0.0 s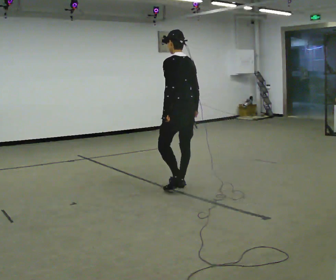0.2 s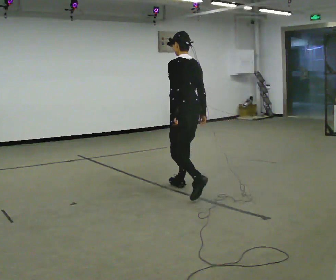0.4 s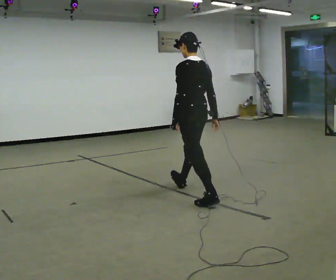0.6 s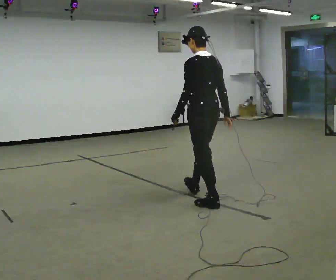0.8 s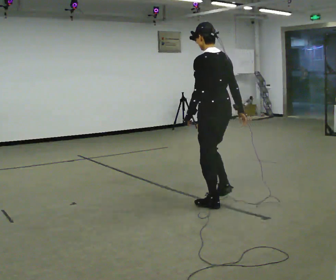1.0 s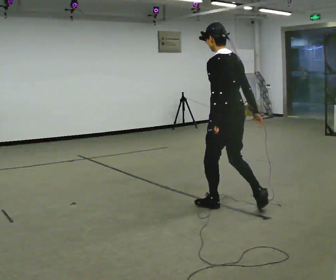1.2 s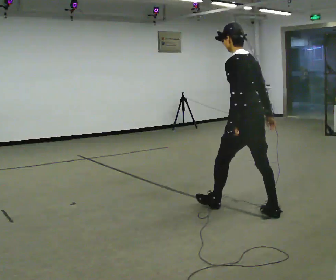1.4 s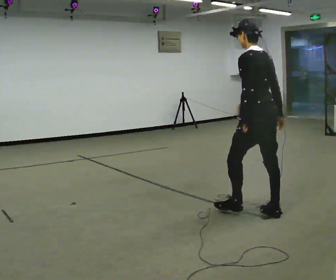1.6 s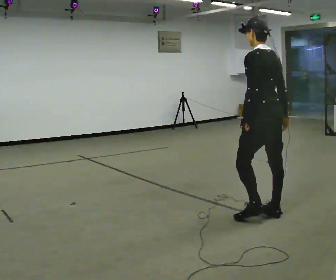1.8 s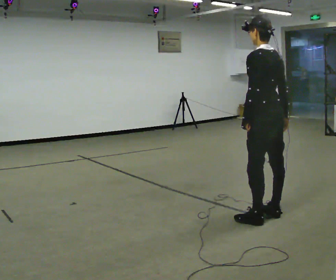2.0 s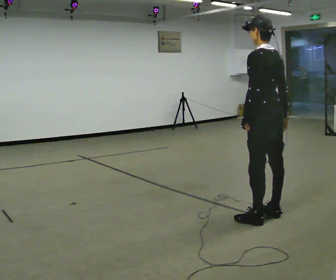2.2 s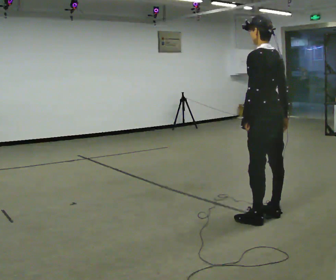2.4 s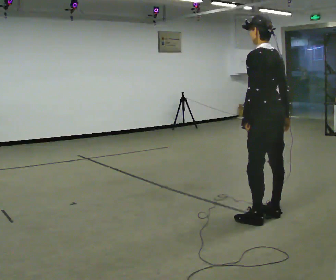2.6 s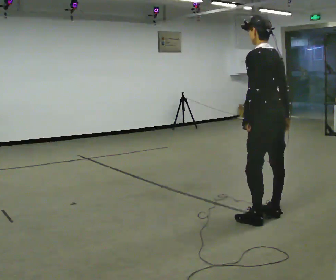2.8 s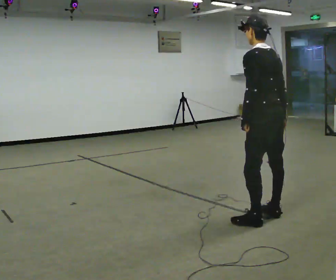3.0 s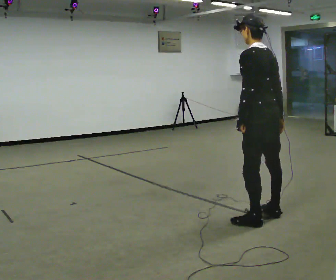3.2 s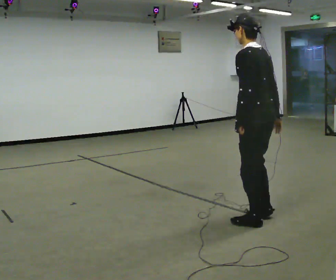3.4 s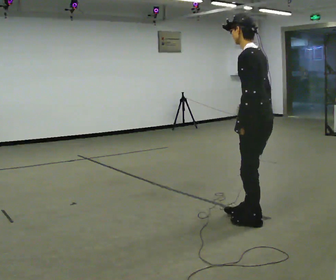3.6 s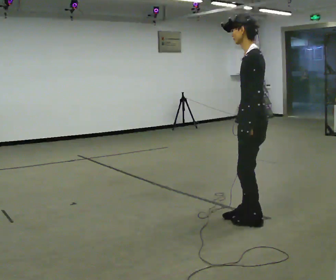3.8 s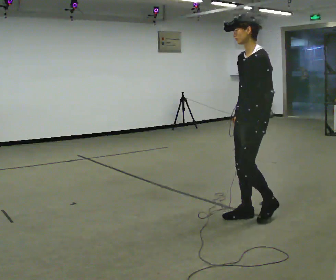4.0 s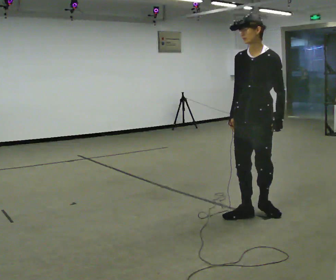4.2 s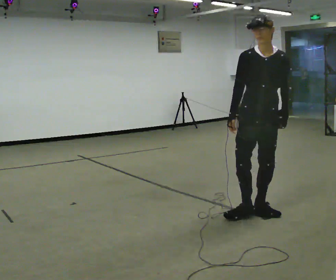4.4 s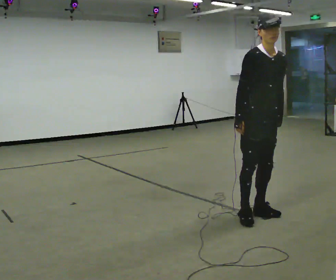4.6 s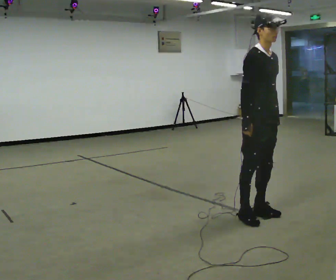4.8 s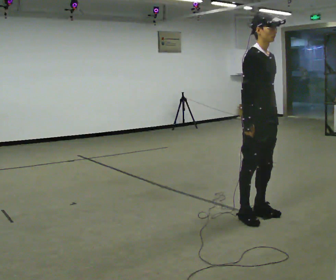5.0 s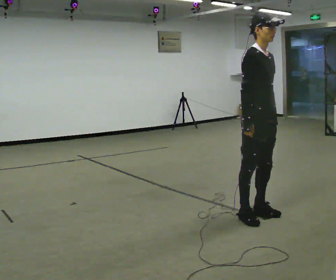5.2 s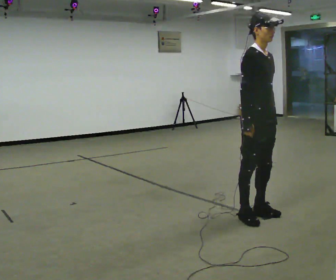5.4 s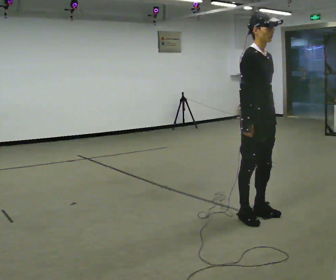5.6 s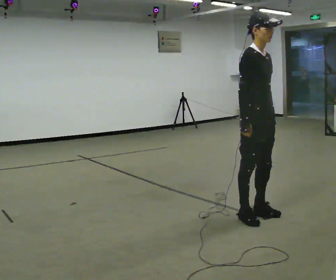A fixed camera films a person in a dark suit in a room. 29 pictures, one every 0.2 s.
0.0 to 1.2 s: In the picture they go toward the camera and to the right, about 1 m in 1 step, which for them is backward.
1.2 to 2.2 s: In the picture they go to the right, about 0.25 m in 1 step, which for them is backward.
2.2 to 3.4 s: The person moves a little, or ends about where they began.
3.4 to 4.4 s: Seen from above the body turns counterclockwise, about 135 degrees: to their left, with its near side sliding to the right. In the picture the upper body tilts clockwise, shoulders to the right. In the picture their right hand goes to the left, the arm swinging clockwise.
4.4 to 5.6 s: The part of the body nearest the lens slides to the right as the person turns to their left by about 30 degrees.
The film runs backward here.
